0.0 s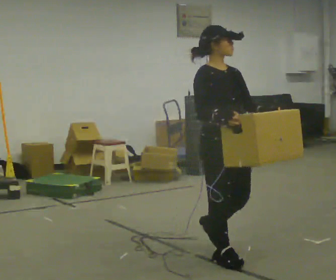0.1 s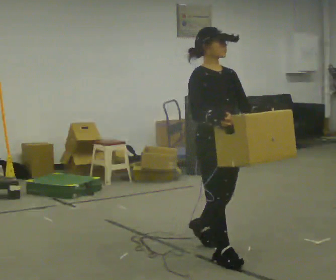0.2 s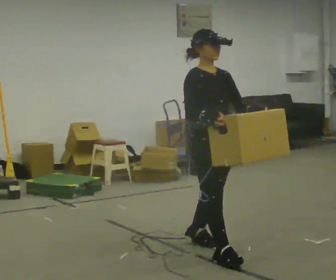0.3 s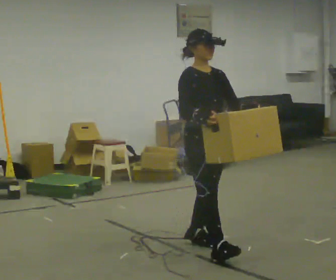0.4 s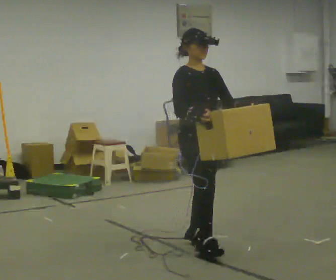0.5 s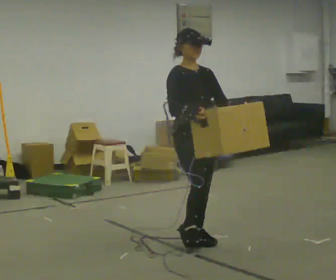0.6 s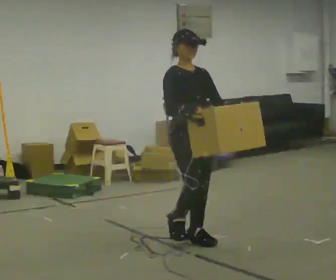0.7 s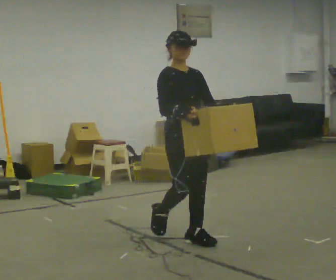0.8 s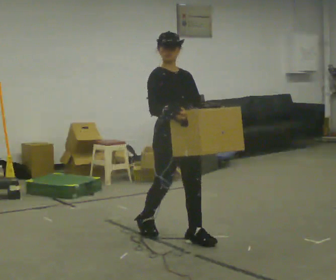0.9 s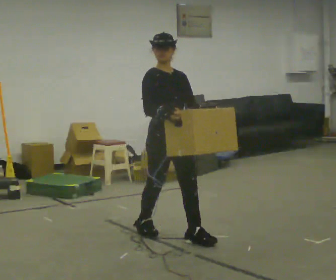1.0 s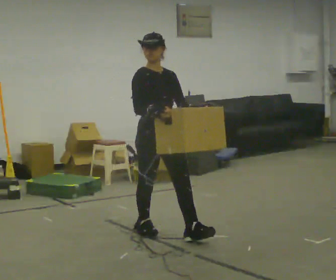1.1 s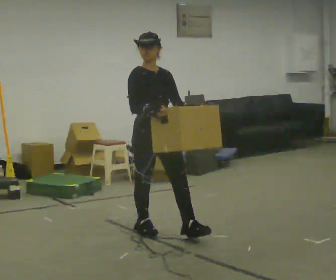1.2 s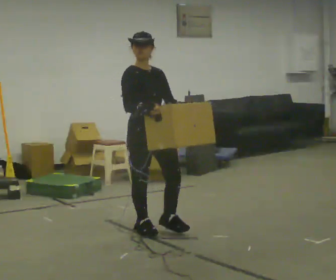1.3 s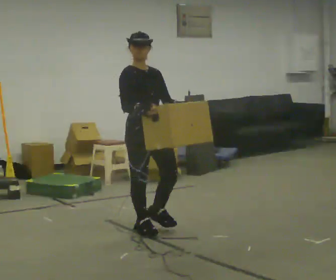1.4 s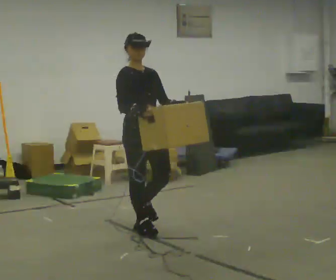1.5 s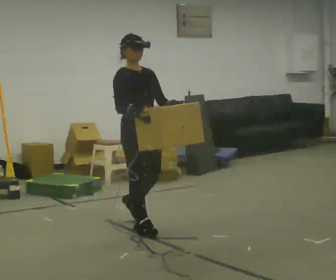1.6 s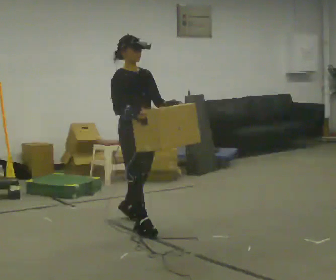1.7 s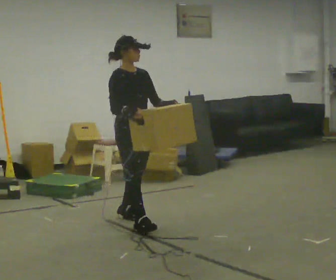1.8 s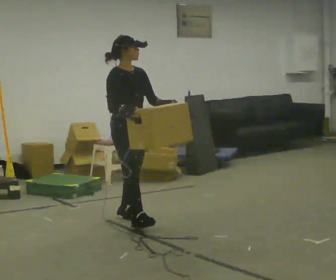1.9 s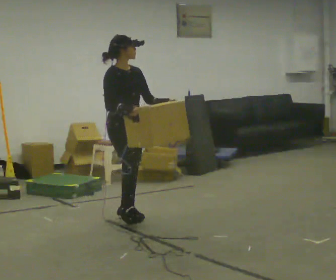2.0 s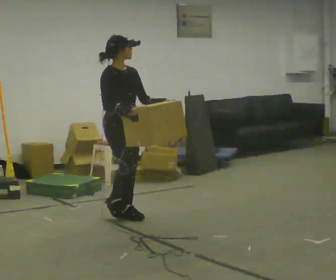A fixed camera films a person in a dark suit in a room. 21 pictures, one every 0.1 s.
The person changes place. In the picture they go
away from the camera.
0.0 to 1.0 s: In the picture they go away from the camera and to the left, about 0.5 m in 1 step, which for them is backward.
1.0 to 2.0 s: In the picture they go away from the camera and to the left, about 0.75 m in 2 steps, which for them is backward.
The film runs backward here.
